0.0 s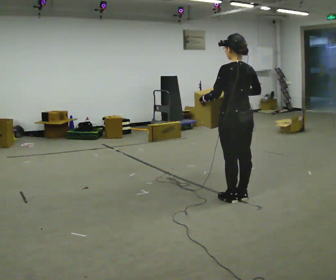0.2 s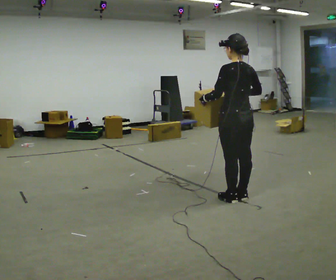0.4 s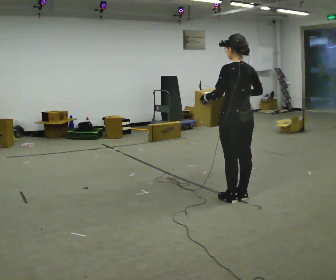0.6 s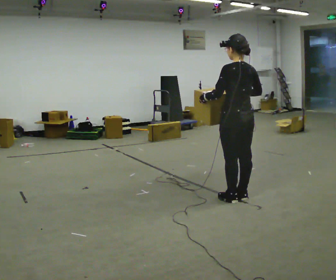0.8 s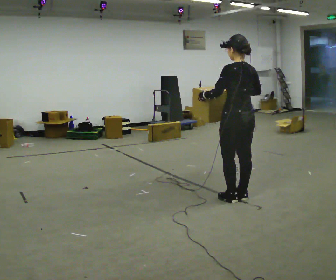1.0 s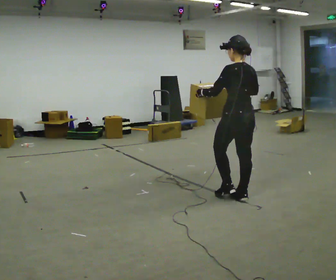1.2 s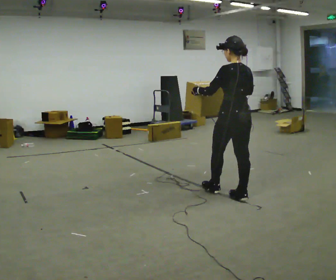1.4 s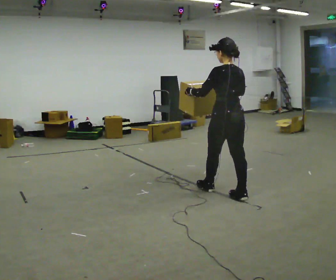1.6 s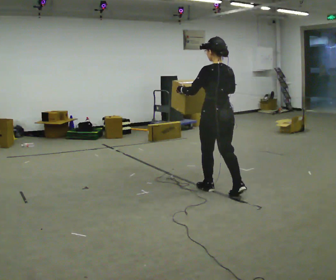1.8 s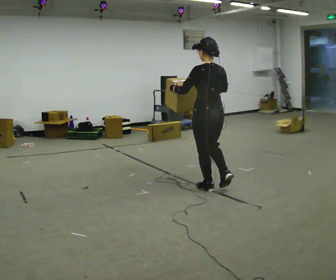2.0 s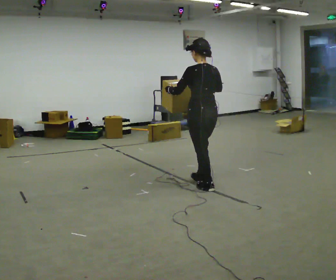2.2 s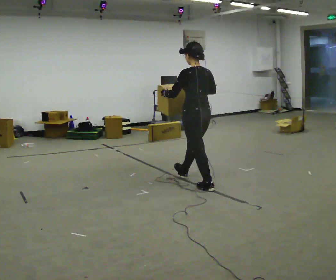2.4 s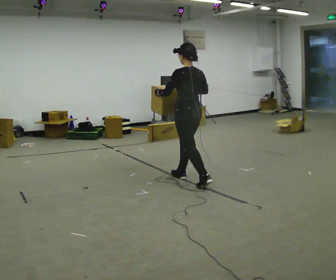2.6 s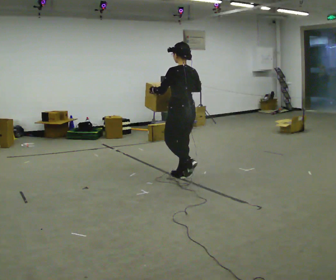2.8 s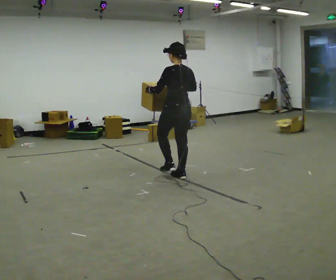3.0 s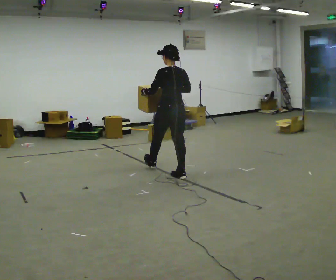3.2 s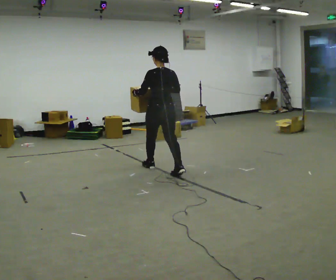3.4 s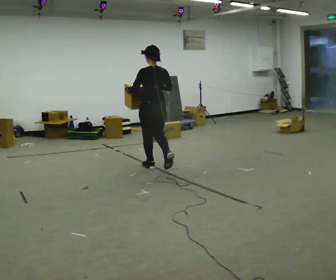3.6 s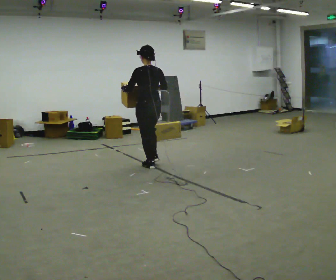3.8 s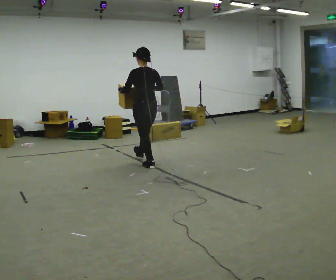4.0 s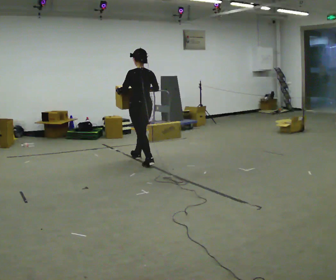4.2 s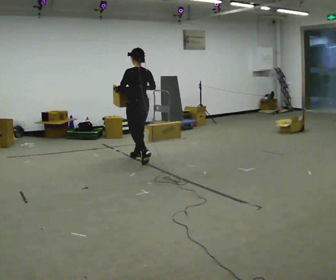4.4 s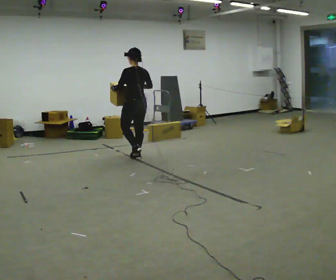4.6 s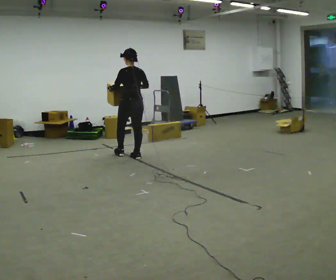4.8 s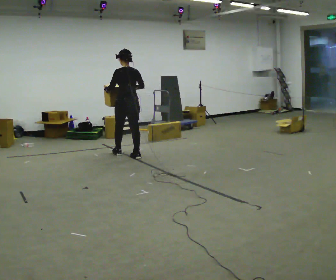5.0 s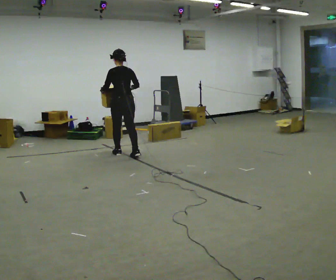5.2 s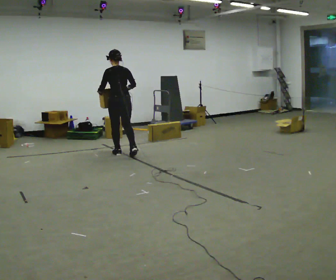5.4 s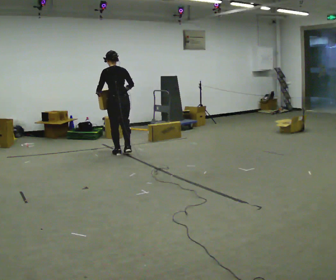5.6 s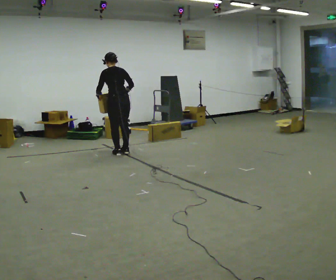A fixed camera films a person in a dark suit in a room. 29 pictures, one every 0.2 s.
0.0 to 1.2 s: The person moves a little, or ends about where they began.
1.2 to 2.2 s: In the picture they go away from the camera and to the left, about 0.5 m in 1 step, which for them is forward.
2.2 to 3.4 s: In the picture they go away from the camera and to the left, about 1 m in 2 steps, which for them is forward.
3.4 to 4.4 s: In the picture they go away from the camera and to the left, about 0.75 m in 1 step, which for them is forward.
4.4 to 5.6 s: In the picture they go to the left and away from the camera, about 0.25 m in 1 step, which for them is forward and to their left. The upper body tips away from the camera, its near side rolling upward, as they bend forward.
The film runs forward here.
